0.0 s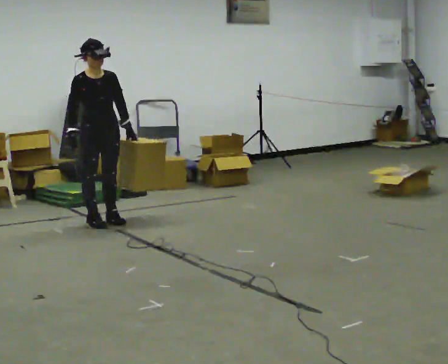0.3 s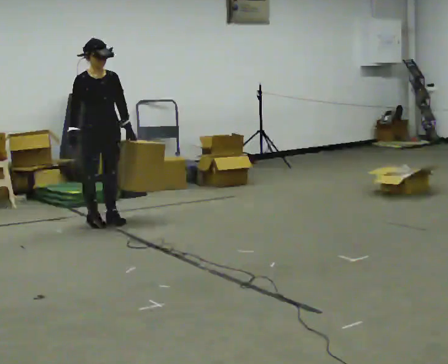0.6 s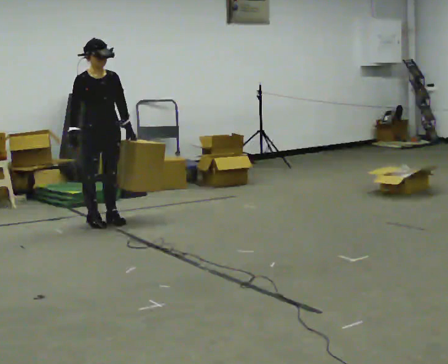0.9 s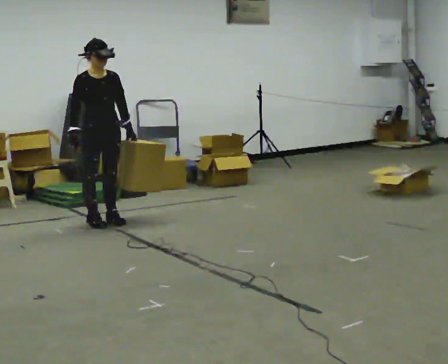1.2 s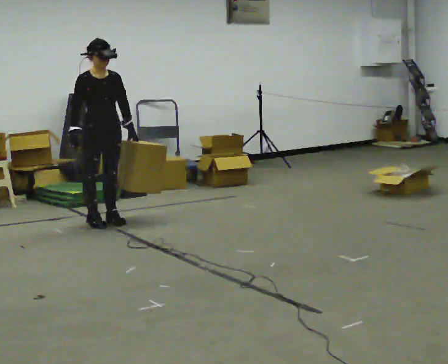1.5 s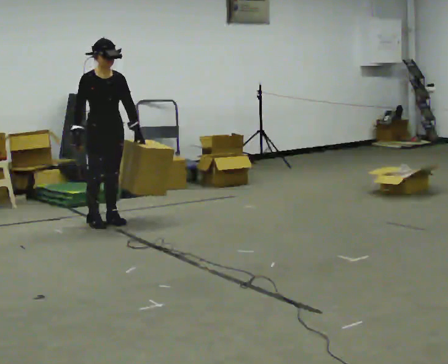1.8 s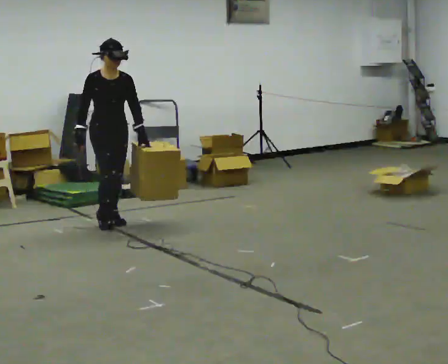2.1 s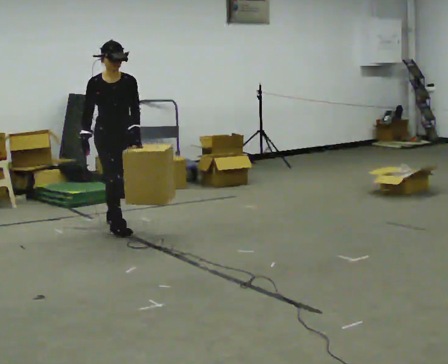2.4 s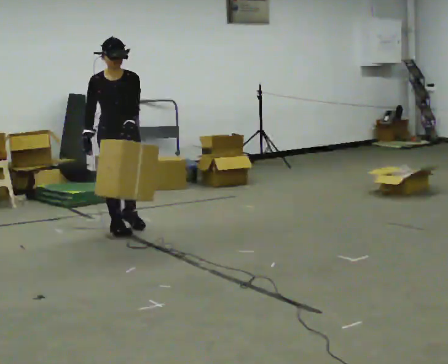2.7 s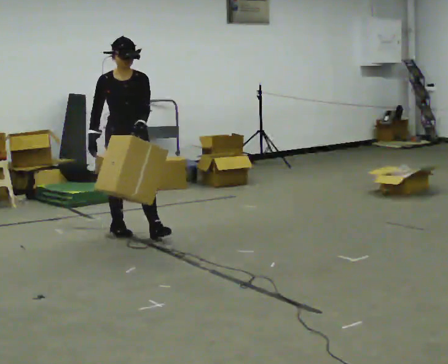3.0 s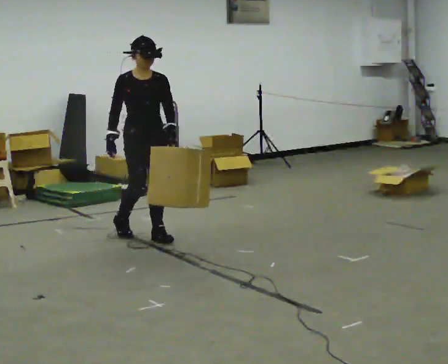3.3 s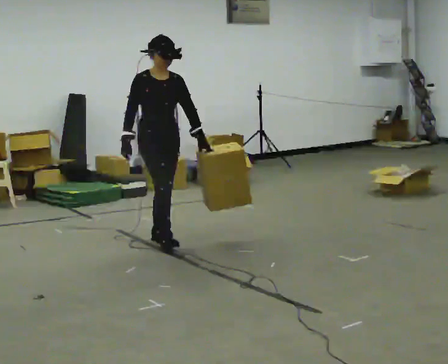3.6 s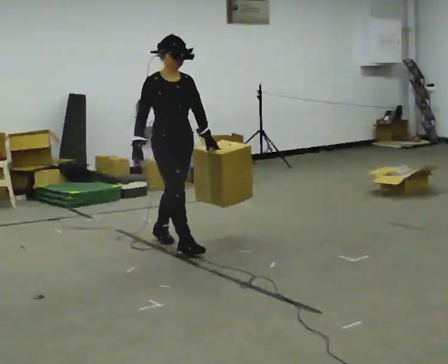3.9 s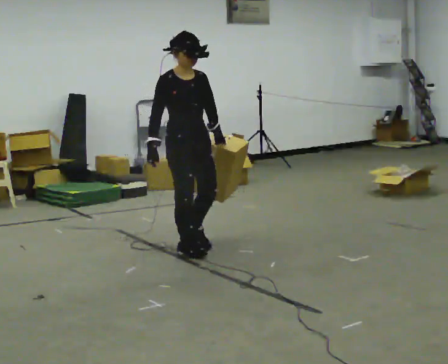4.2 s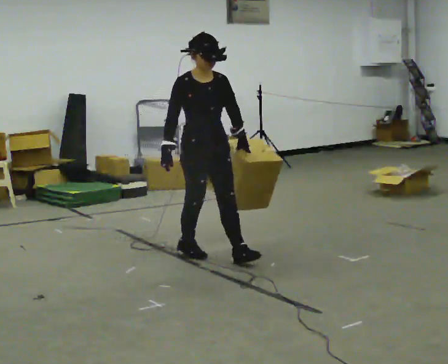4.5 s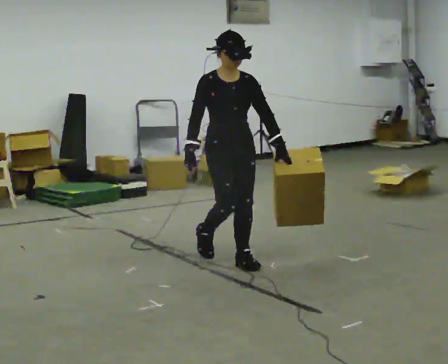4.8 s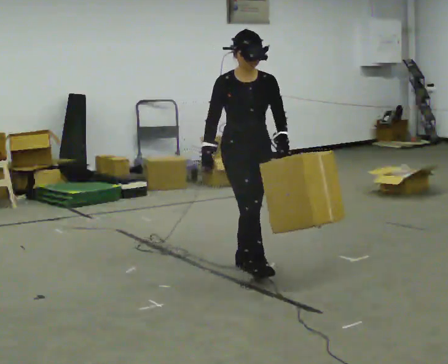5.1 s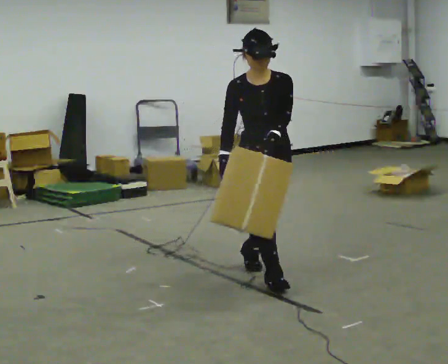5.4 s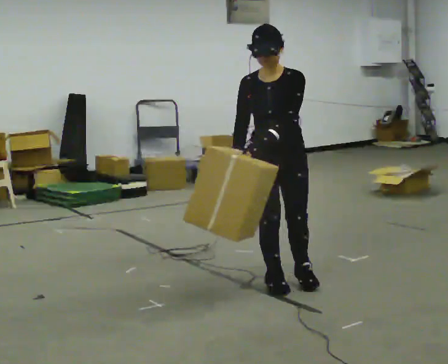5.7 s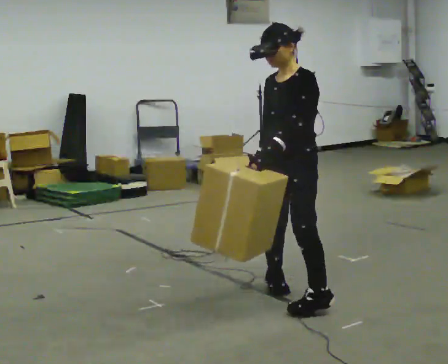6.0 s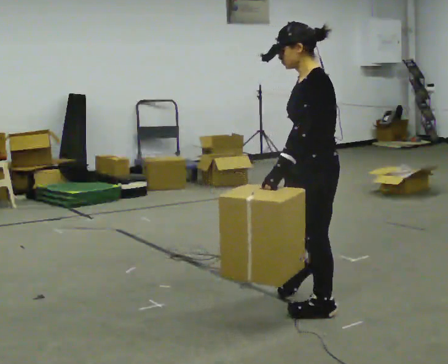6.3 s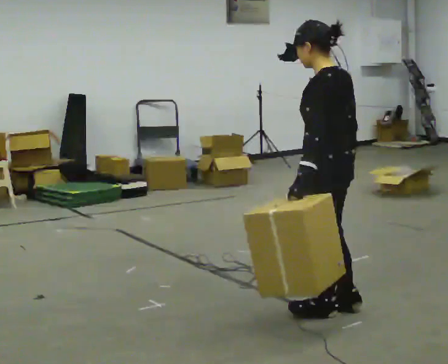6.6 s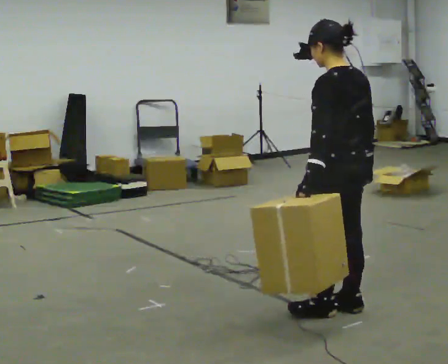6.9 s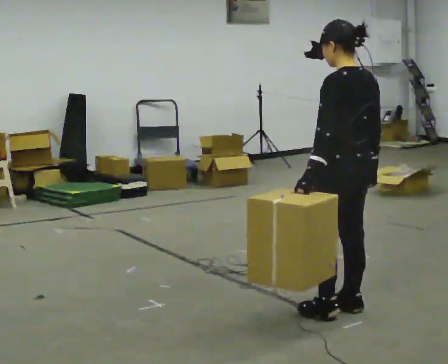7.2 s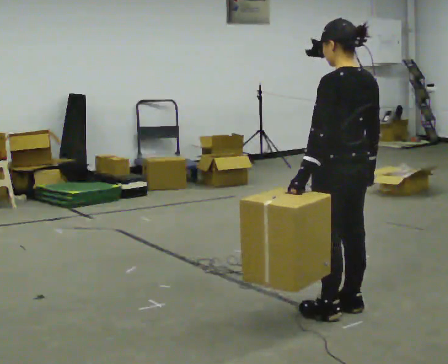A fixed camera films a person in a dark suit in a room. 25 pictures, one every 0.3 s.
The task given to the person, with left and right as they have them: Carry the object in the hand the operator calls, down at your side, walking back and forth across the room.
0.0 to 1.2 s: The person keeps their place and pose.
1.2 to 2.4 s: In the picture they go toward the camera and to the right, about 0.25 m in 1 step, which for them is forward.
2.4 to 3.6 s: In the picture they go toward the camera and to the right, about 0.75 m in 2 steps, which for them is forward.
3.6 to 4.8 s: In the picture they go toward the camera and to the right, about 1 m in 1 step, which for them is forward.
4.8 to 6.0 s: The person turns about 105 degrees to their right, clockwise seen from above, so the part of the body nearest the lens slides to the left. In the picture they go toward the camera and to the right, about 1 m in 2 steps.
6.0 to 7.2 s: Seen from above the body turns clockwise, about 60 degrees: to their right, with its near side sliding to the left.
The film runs forward here.
